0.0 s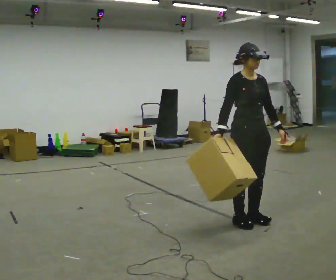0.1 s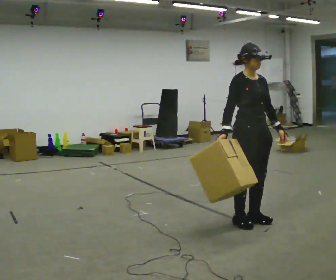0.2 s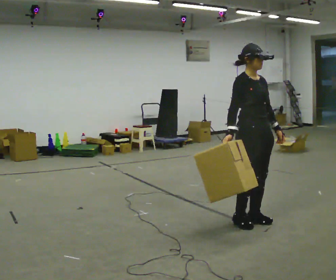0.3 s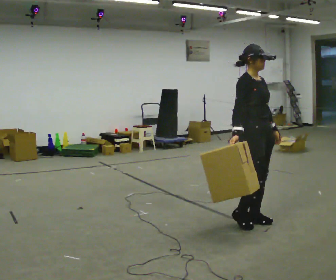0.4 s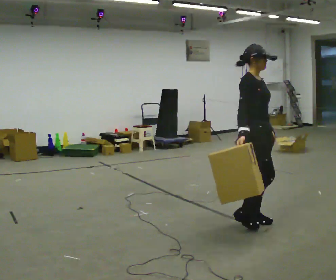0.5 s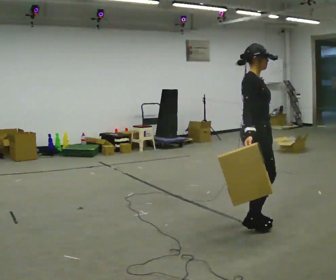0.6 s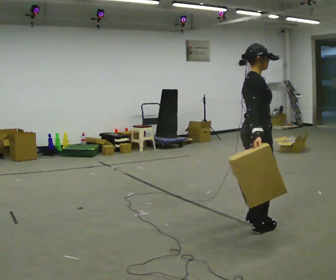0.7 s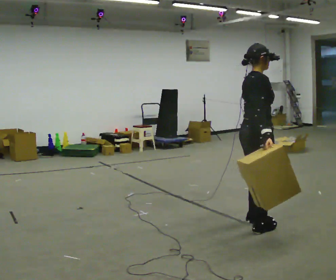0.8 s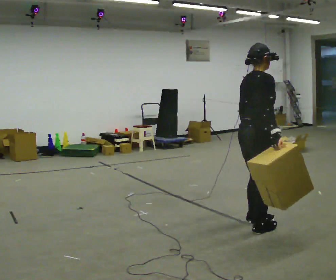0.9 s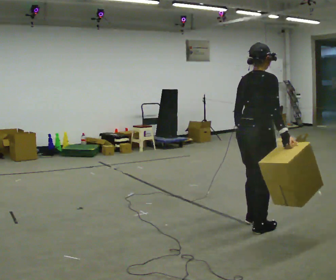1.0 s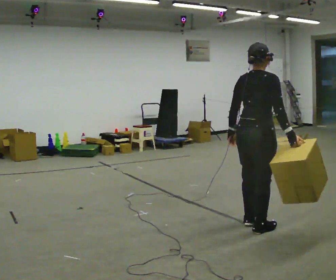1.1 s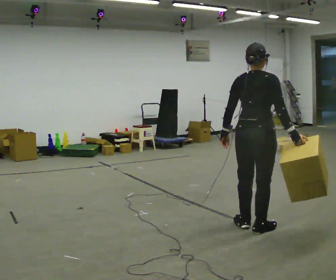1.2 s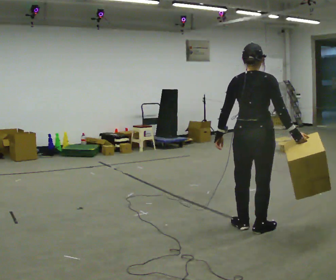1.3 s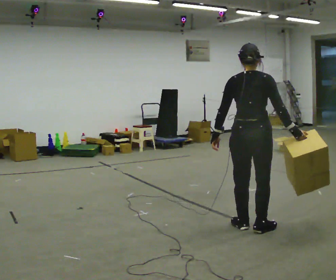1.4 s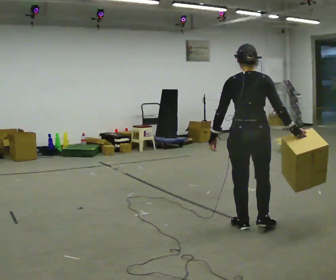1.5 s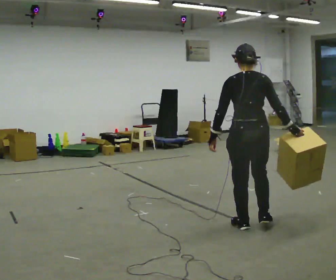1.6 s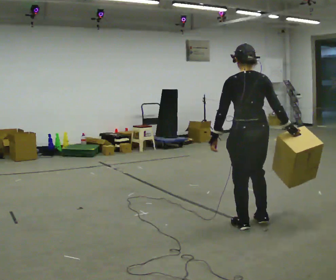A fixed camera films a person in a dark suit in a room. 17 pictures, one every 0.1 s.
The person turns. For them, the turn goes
to their left.
Their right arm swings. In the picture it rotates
counterclockwise.
0.0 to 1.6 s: Seen from above the body turns counterclockwise, about 165 degrees: to their left, with its near side sliding to the right. In the picture their right hand goes to the right, the arm swinging counterclockwise.
The film runs forward here.
